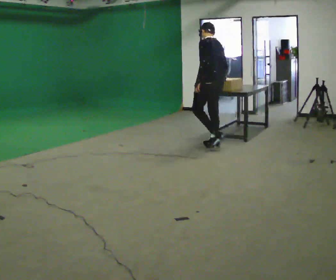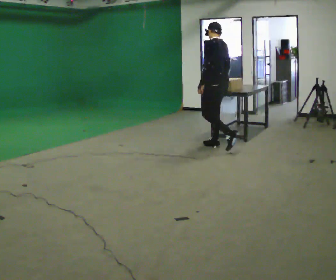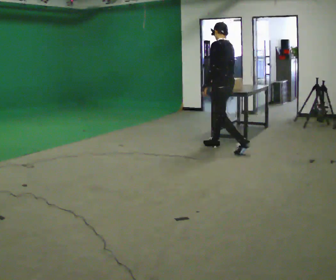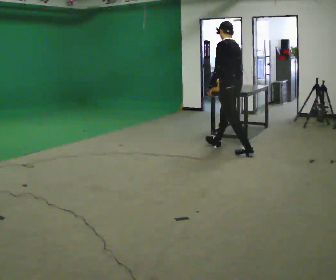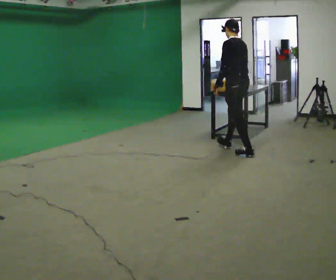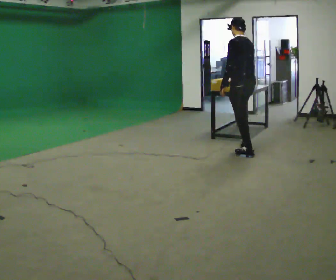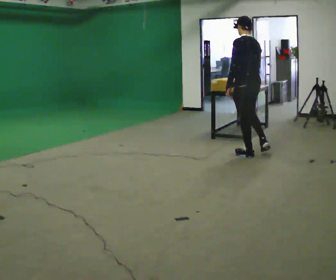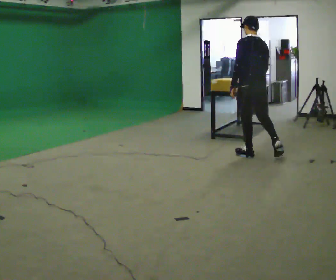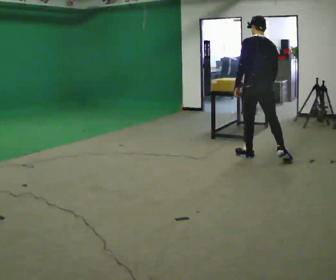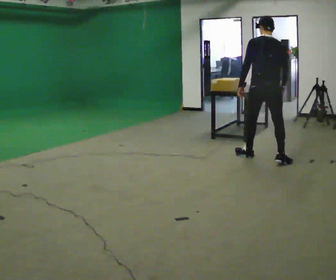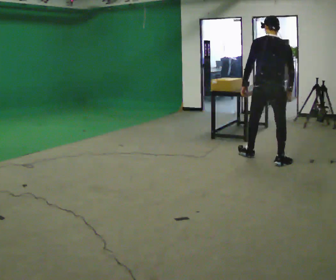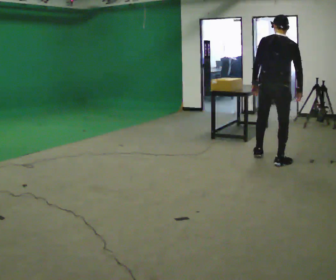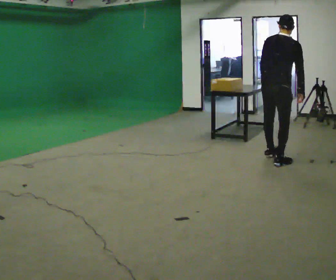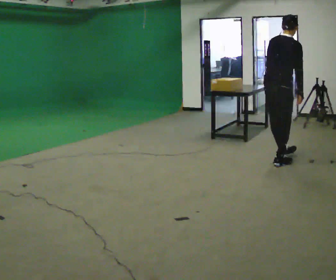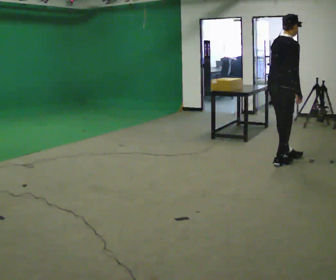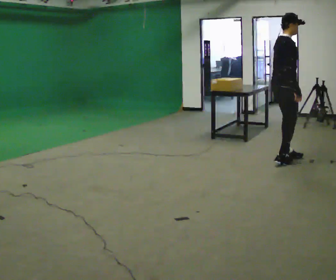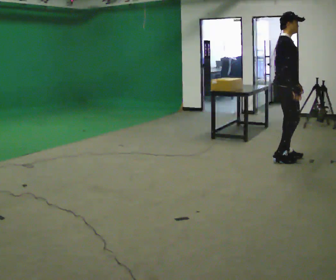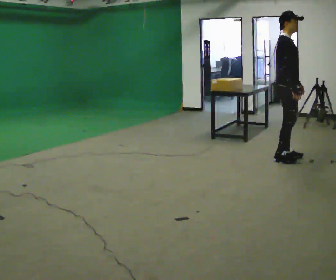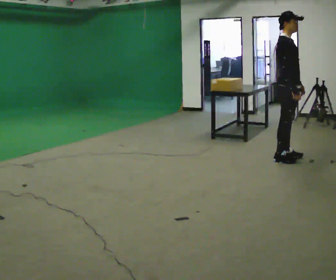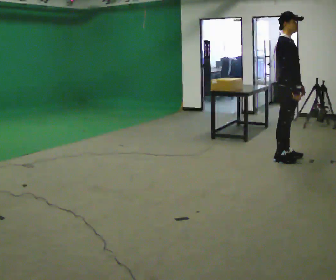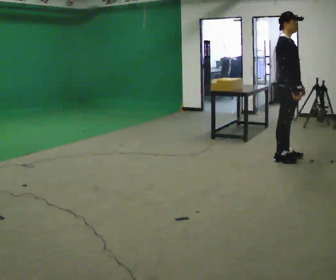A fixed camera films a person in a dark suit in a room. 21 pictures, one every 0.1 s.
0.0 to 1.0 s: The part of the body nearest the lens slides to the left as the person turns to their right by about 60 degrees. In the picture they go to the right and toward the camera, about 1 m in 1 step.
1.0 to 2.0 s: Seen from above the body turns clockwise, about 105 degrees: to their right, with its near side sliding to the left. In the picture they go to the right, about 0.25 m in 2 steps. In the picture their left hand goes to the right, the arm swinging counterclockwise.
The film runs backward here.
